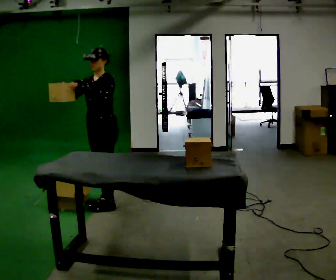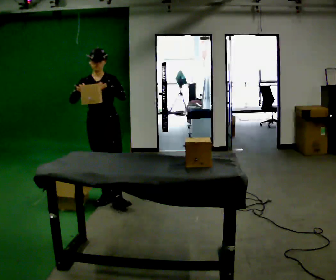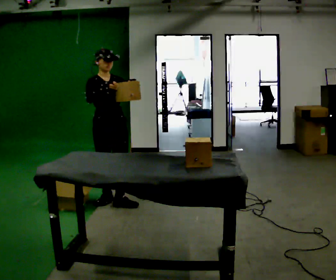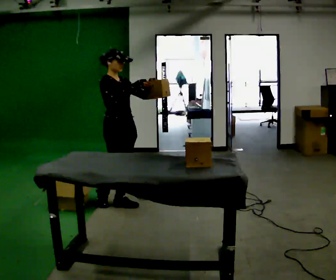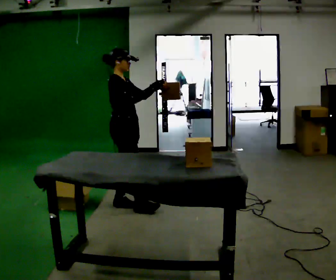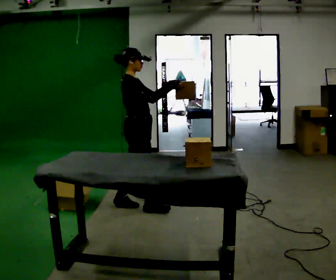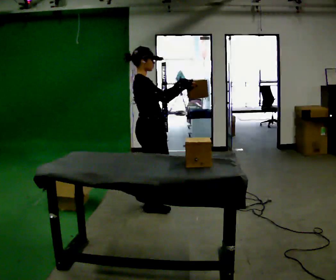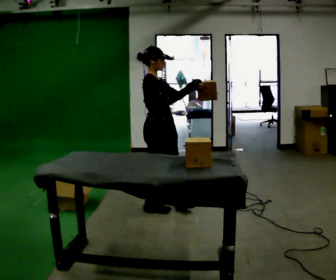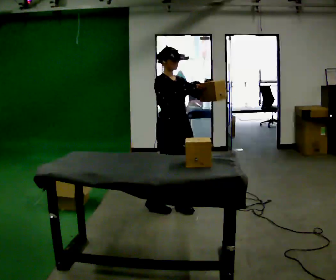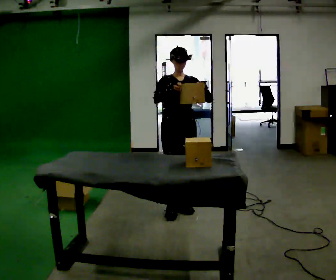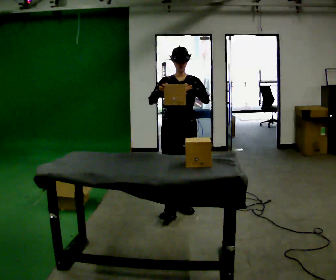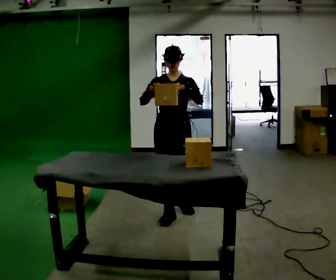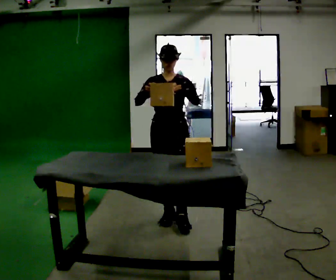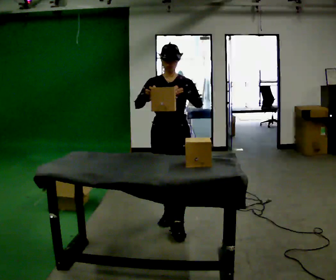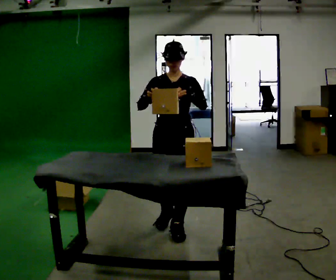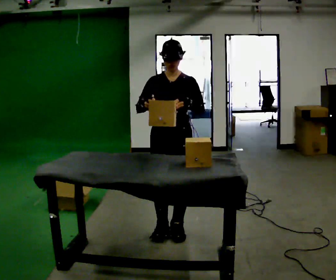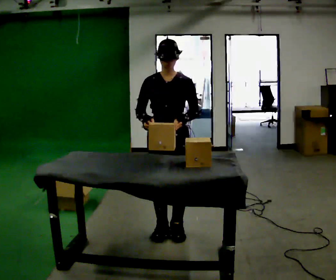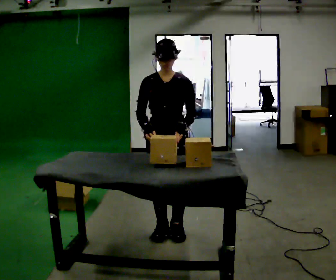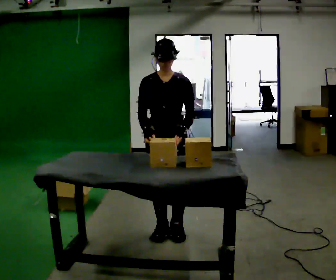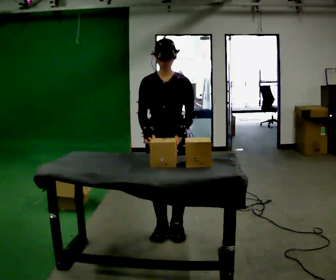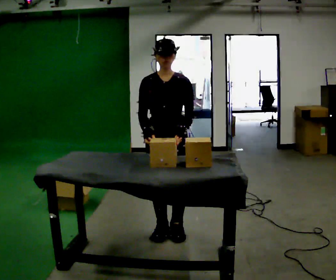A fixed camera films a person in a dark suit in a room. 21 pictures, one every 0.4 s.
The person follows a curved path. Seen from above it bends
clockwise.
0.0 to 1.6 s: The part of the body nearest the lens slides to the right as the person turns to their left by about 105 degrees. In the picture they go to the right, about 0.25 m. In the picture their right hand goes to the right.
1.6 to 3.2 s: The part of the body nearest the lens slides to the left as the person turns to their right by about 45 degrees. In the picture they go to the right, about 0.5 m in 2 steps, which for them is forward.
3.2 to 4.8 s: The part of the body nearest the lens slides to the left as the person turns to their right by about 45 degrees. In the picture they go toward the camera, about 0.25 m in 1 step, which for them is forward.
4.8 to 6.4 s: In the picture they go toward the camera, about 0.25 m in 2 steps, which for them is forward.
6.4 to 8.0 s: The person moves a little, or ends about where they began.
The film runs forward here.
